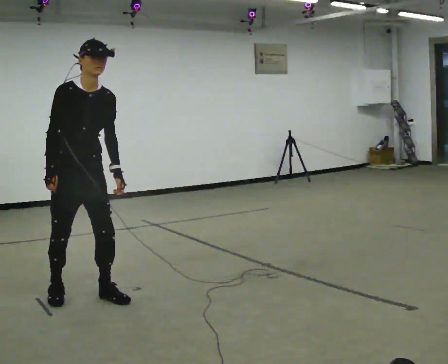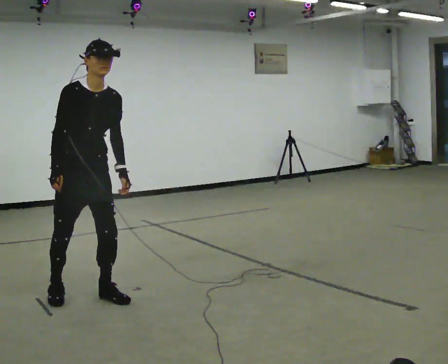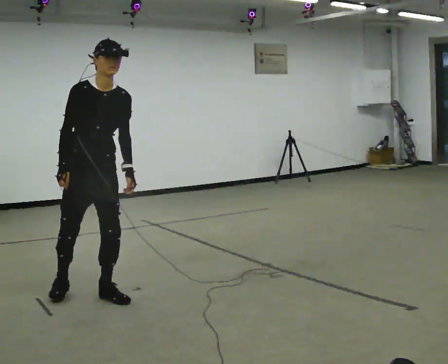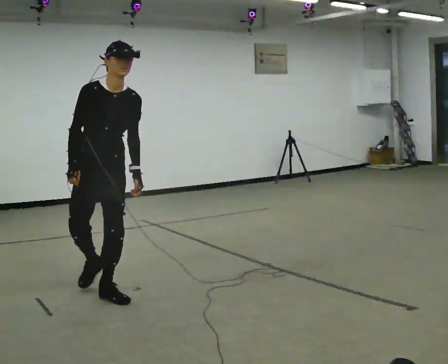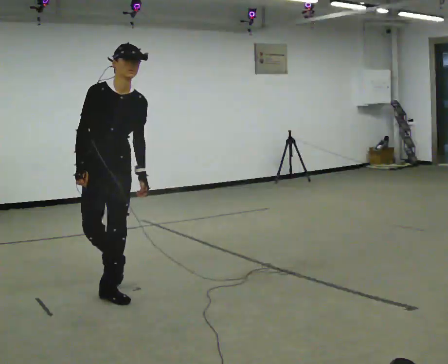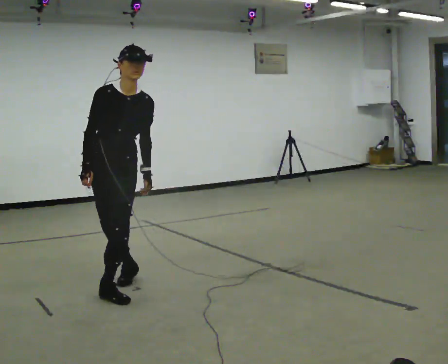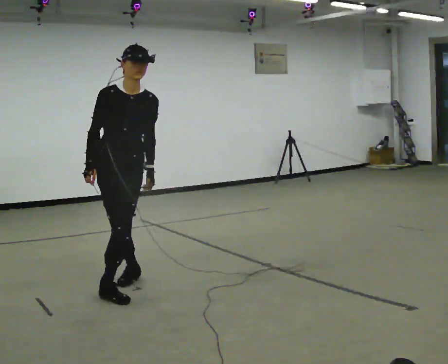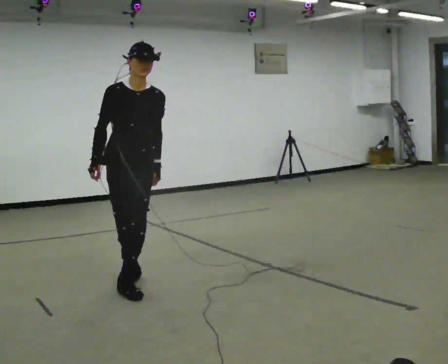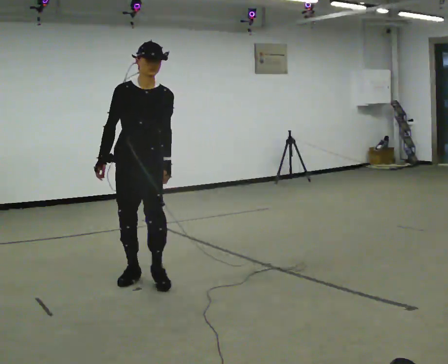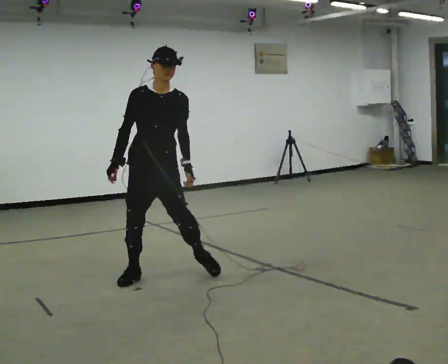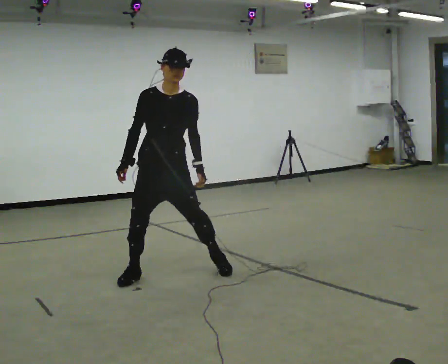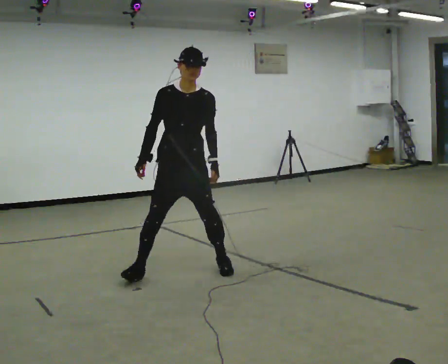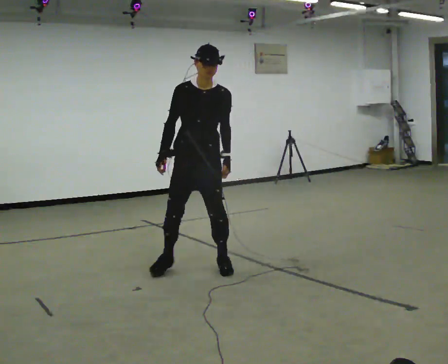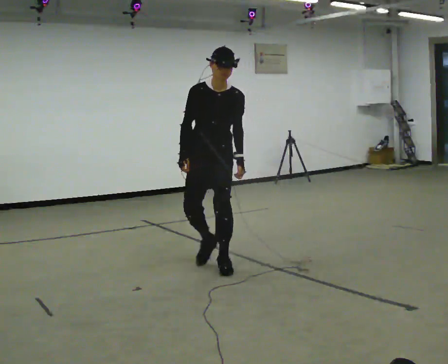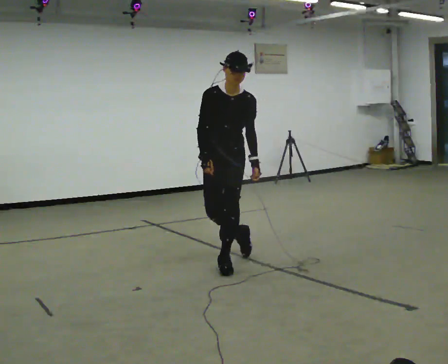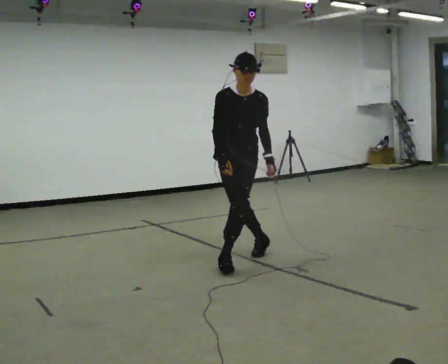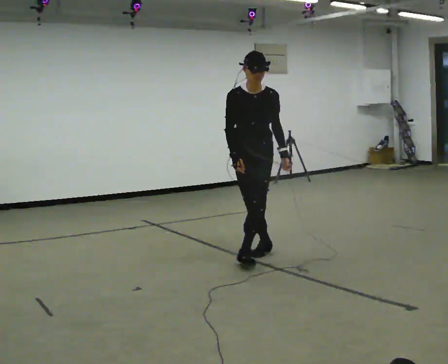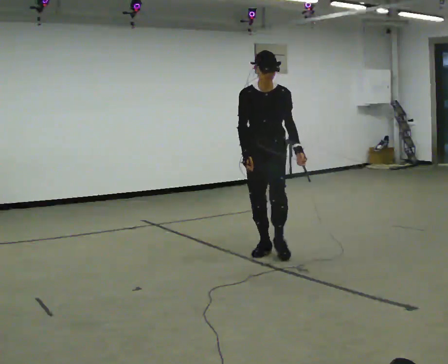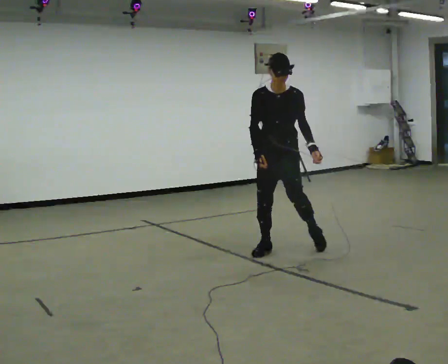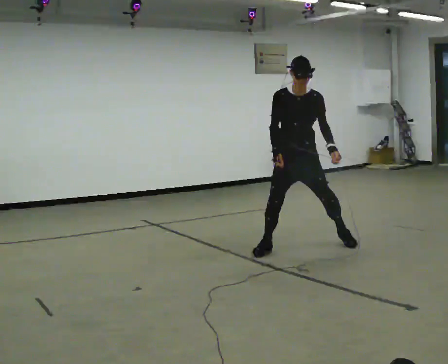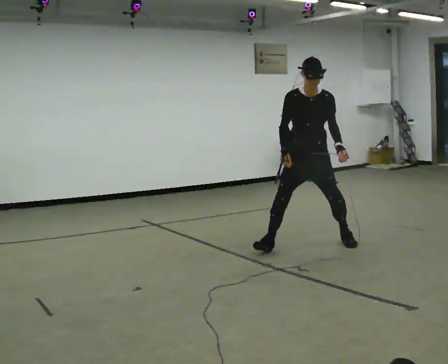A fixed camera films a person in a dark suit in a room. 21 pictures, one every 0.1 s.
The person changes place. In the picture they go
to the right.
0.0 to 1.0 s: In the picture they go to the right and away from the camera, about 0.5 m in 2 steps, which for them is to their left and backward.
1.0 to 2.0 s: In the picture they go to the right and away from the camera, about 1.5 m in 3 steps, which for them is to their left and backward.
The film runs backward here.
